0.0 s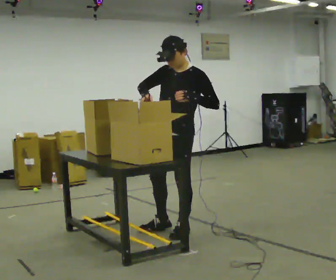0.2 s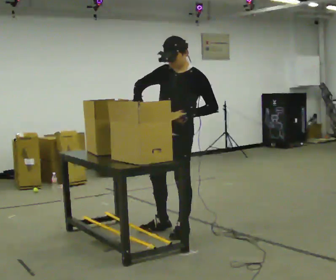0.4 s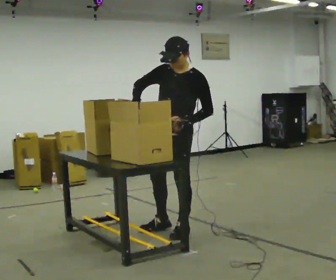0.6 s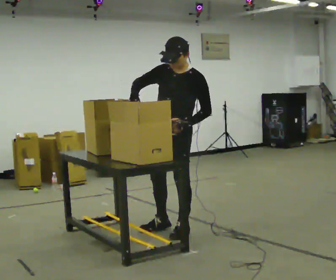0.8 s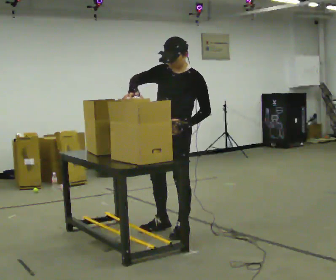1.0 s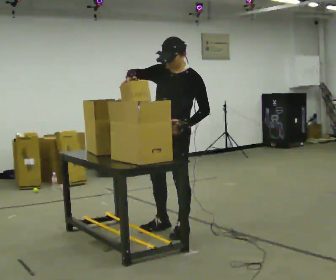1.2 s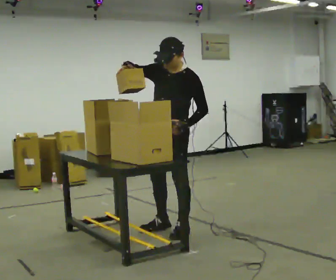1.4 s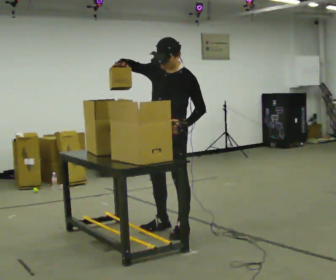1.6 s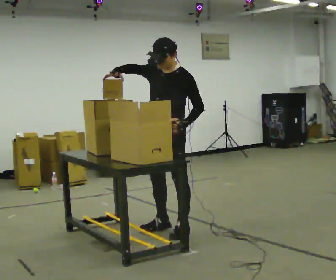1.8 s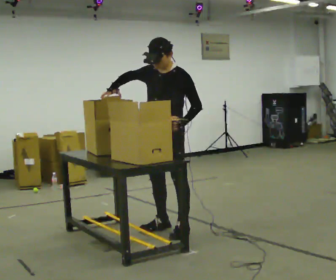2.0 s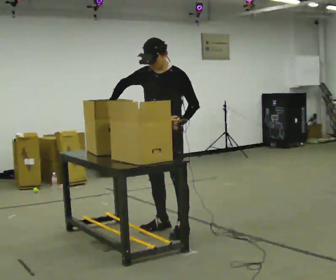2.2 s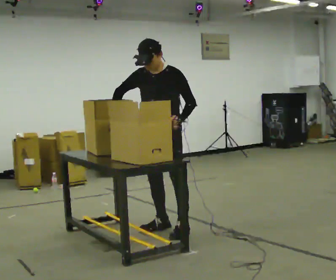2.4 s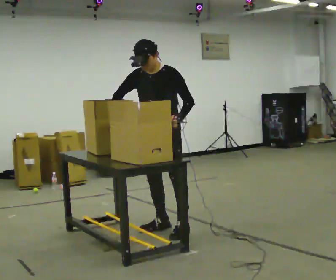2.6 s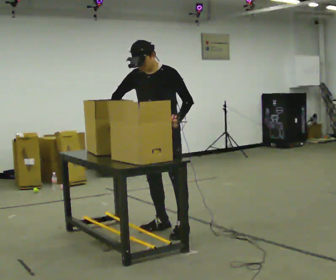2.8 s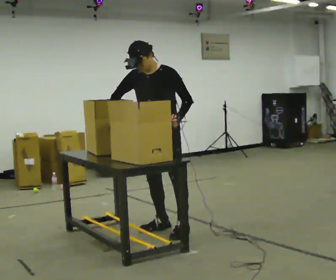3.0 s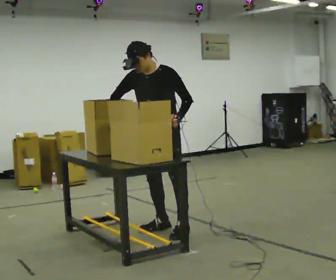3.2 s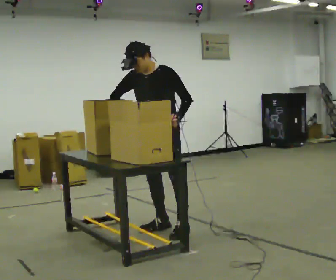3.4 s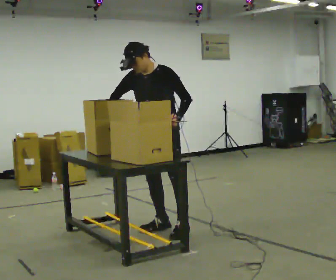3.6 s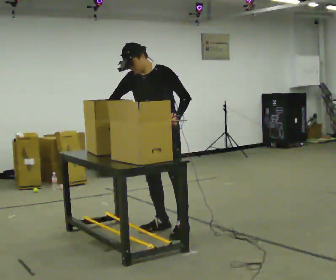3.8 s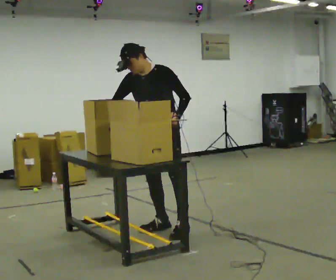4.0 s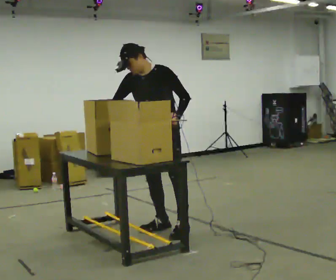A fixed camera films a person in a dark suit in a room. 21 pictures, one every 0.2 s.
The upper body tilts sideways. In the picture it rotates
counterclockwise.
0.0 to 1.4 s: The person moves a little, or ends about where they began.
1.4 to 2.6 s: In the picture the upper body tilts counterclockwise, shoulders to the left. In the picture their right hand goes downward, the arm swinging counterclockwise.
2.6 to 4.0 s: The person moves a little, or ends about where they began.
The film runs backward here.
